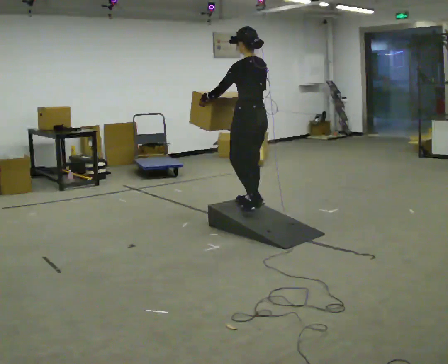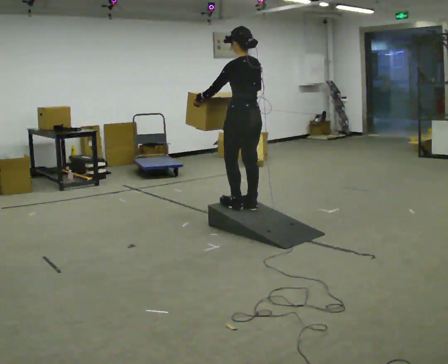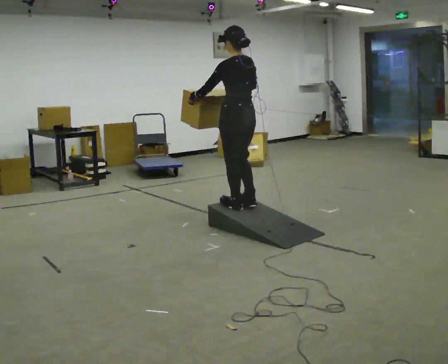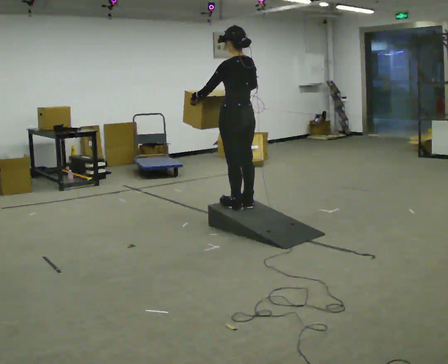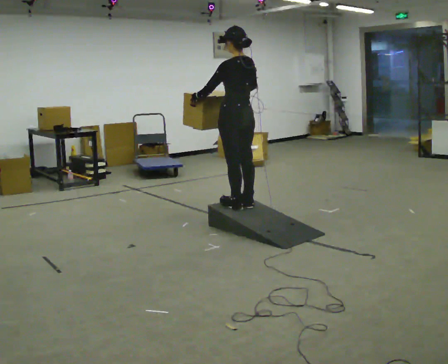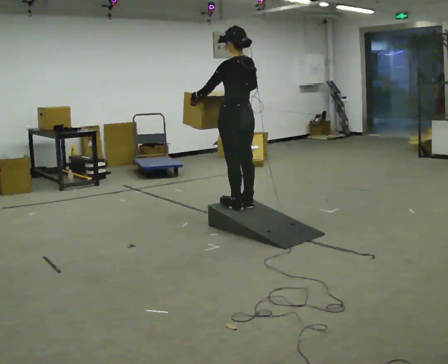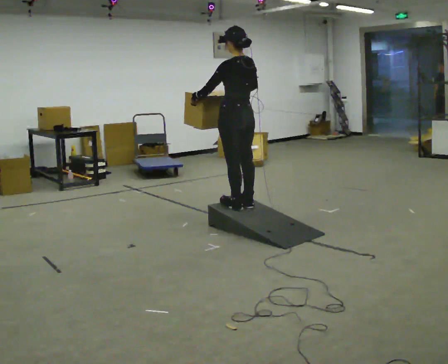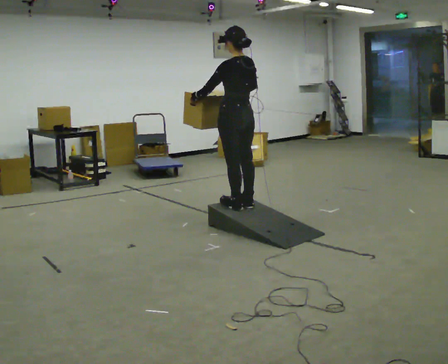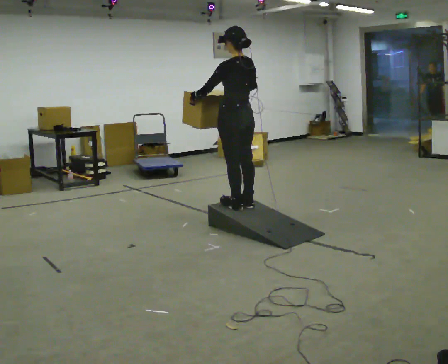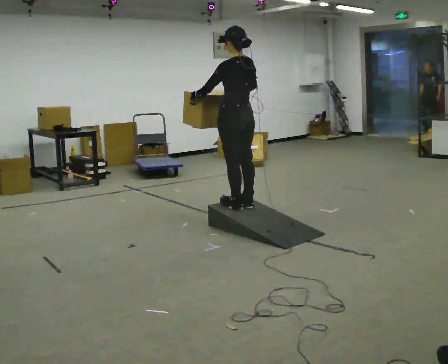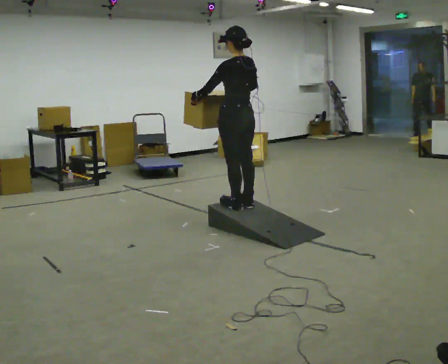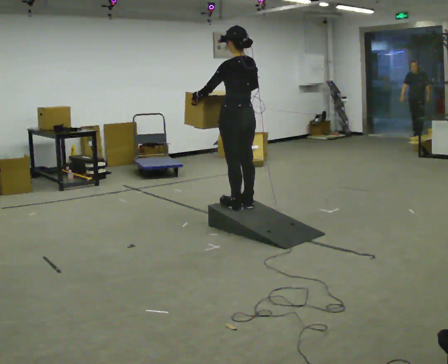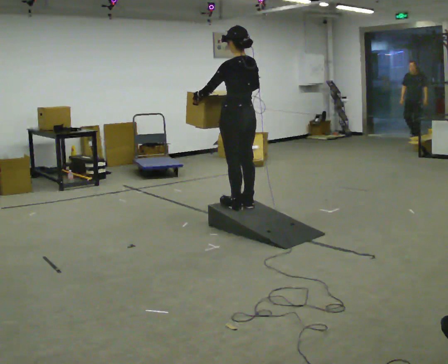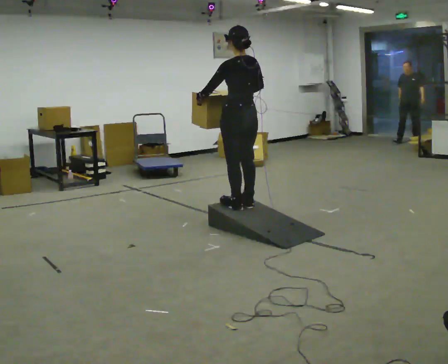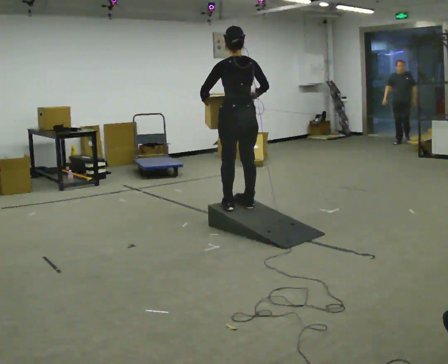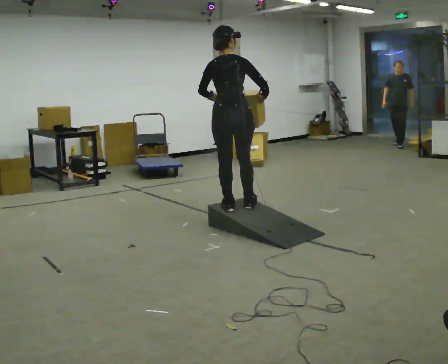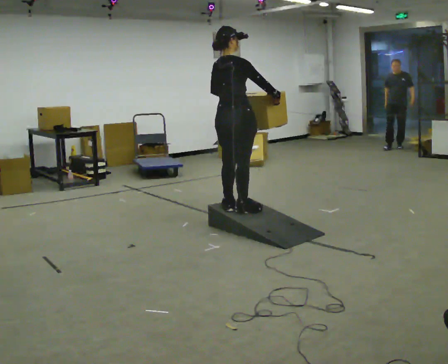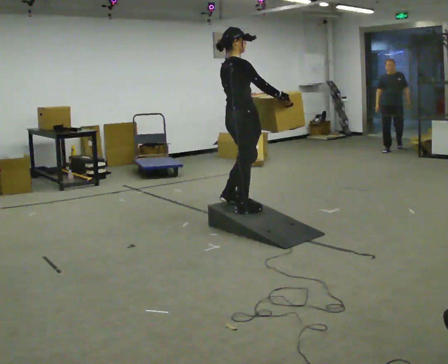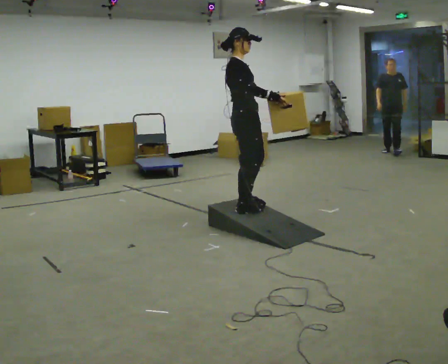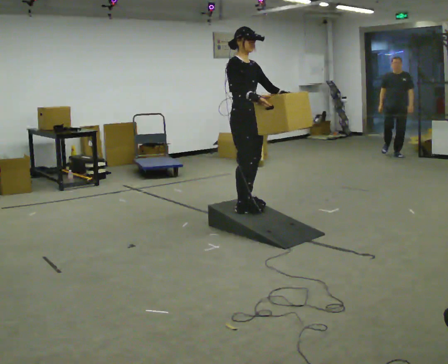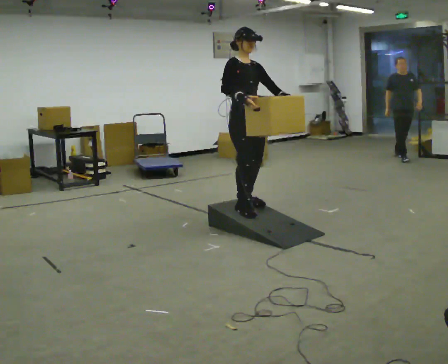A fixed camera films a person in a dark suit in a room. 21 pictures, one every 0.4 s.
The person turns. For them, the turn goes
to their right.
The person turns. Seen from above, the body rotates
clockwise.
0.0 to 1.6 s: The person moves a little, or ends about where they began.
1.6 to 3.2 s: The person keeps their place and pose.
3.2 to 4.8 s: The person moves a little, or ends about where they began.
4.8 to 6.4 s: Seen from above the body turns clockwise, about 90 degrees: to their right, with its near side sliding to the left.
6.4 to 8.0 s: Seen from above the body turns clockwise, about 90 degrees: to their right, with its near side sliding to the left. In the picture their right hand goes to the left.
The film runs forward here.
